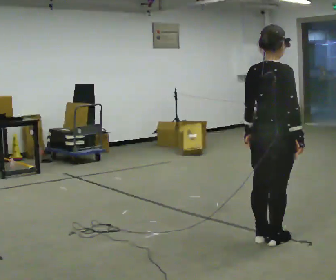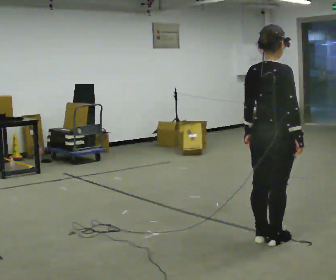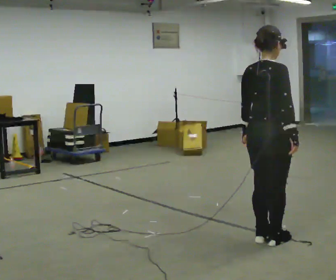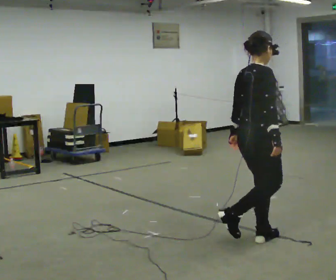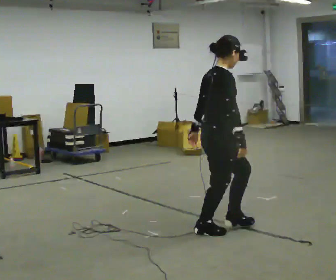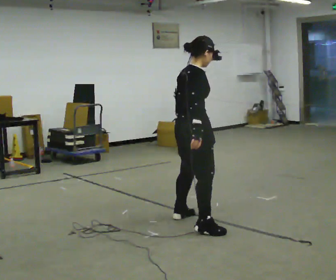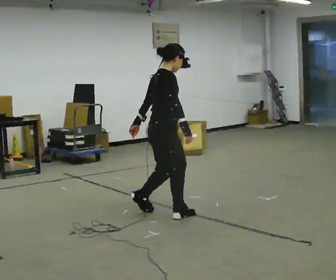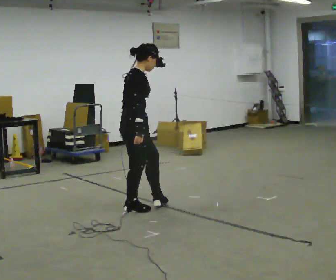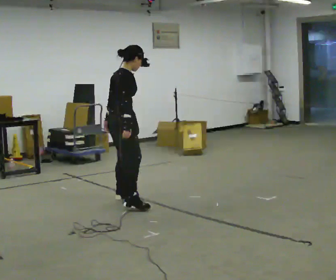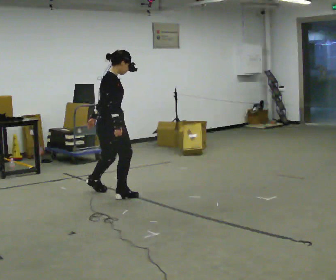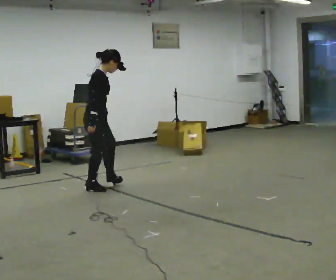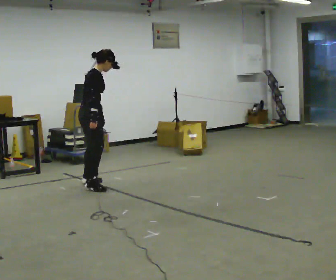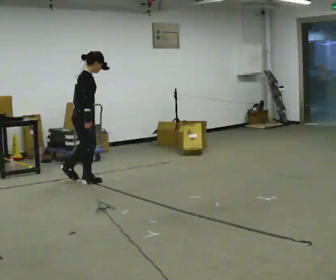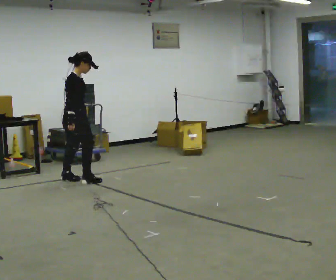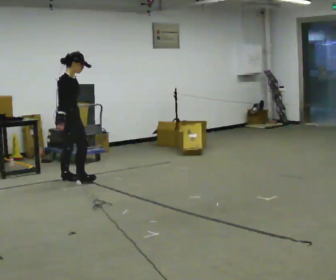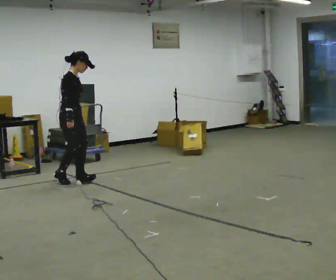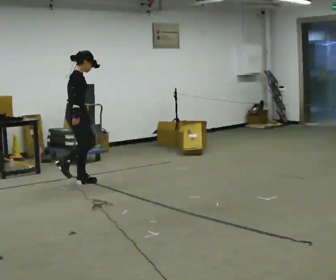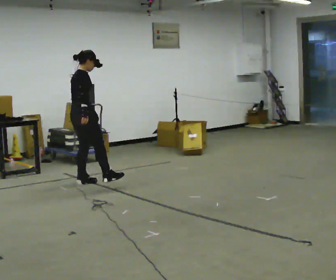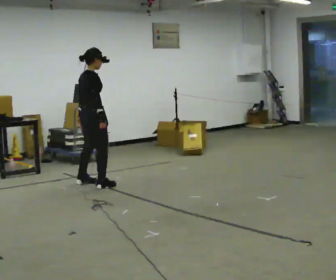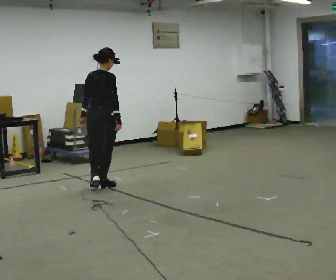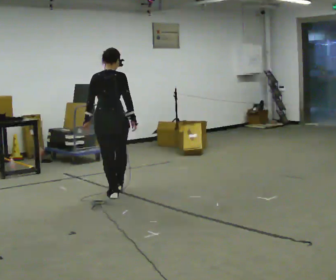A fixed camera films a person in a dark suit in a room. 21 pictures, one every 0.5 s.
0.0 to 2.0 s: Seen from above the body turns clockwise, about 45 degrees: to their right, with its near side sliding to the left. In the picture they go to the left and away from the camera, about 0.5 m in 1 step, which for them is to their left.
2.0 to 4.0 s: In the picture they go away from the camera and to the left, about 1.5 m in 3 steps, which for them is backward and to their left.
4.0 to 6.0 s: In the picture they go away from the camera and to the left, about 1 m in 2 steps, which for them is to their left and backward.
6.0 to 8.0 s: The person moves a little, or ends about where they began.
8.0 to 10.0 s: Seen from above the body turns counterclockwise, about 75 degrees: to their left, with its near side sliding to the right. In the picture they go toward the camera and to the right, about 0.5 m in 2 steps.
The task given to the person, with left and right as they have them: Move sideways in the direction the operator calls, crossing one foot in front and then behind, alternating.
The film runs forward here.
